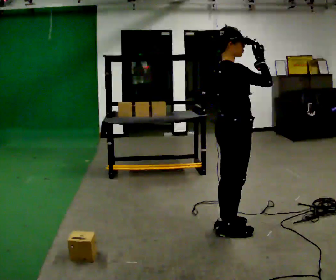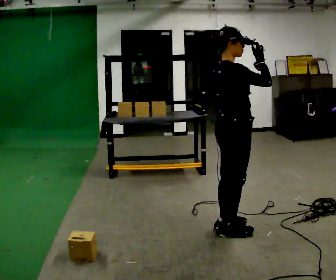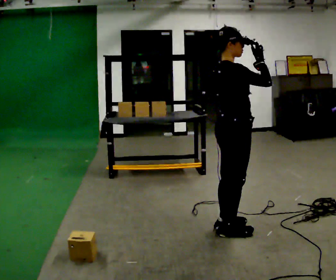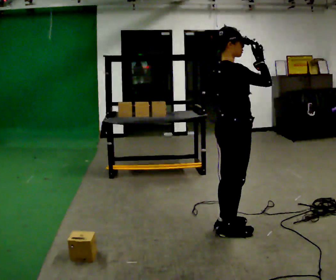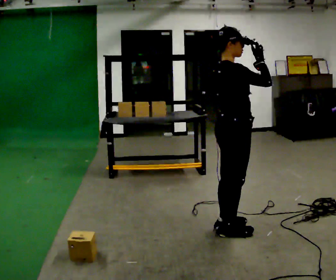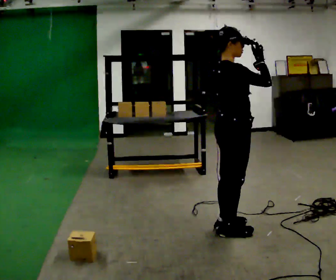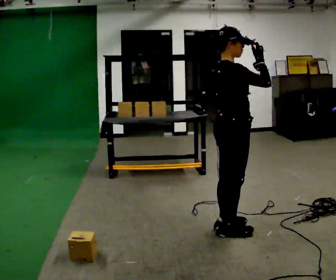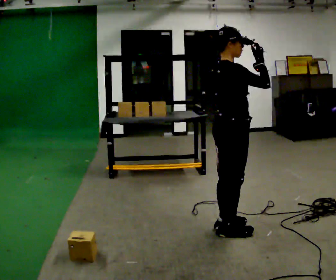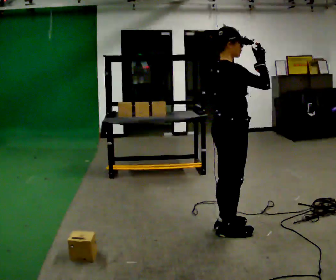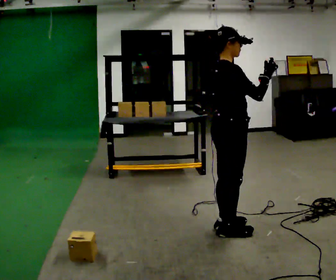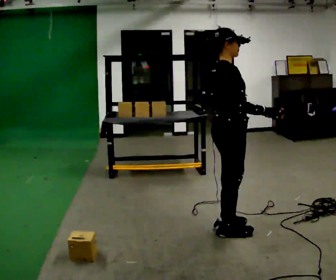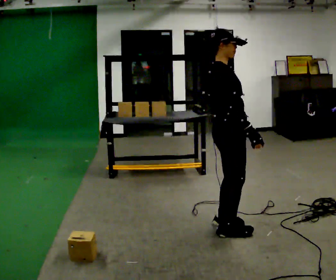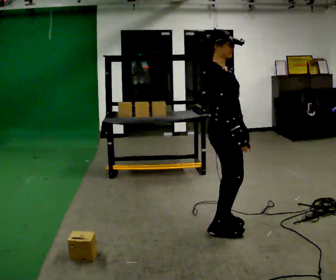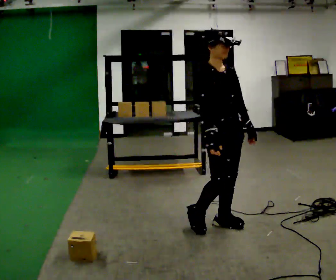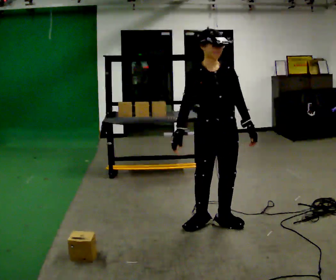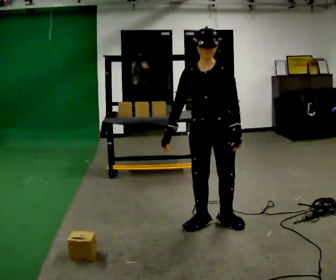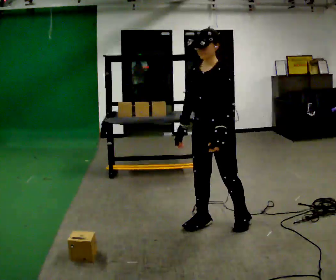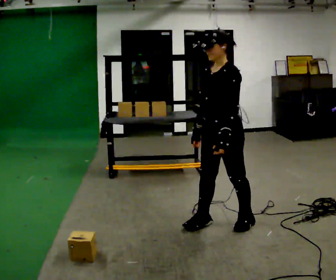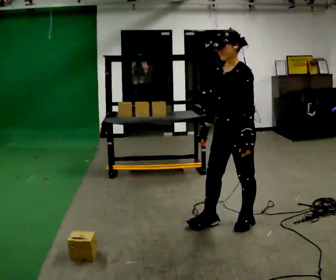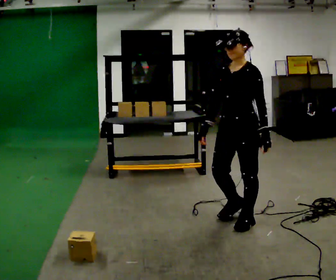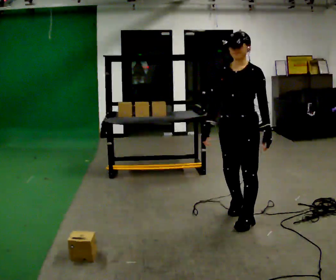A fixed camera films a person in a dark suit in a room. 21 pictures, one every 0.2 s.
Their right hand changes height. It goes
downward.
0.0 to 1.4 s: The person keeps their place and pose.
1.4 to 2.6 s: The person turns about 45 degrees to their right, clockwise seen from above, so the part of the body nearest the lens slides to the left. In the picture their right hand goes downward and to the left.
2.6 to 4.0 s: Seen from above the body turns clockwise, about 90 degrees: to their right, with its near side sliding to the left. In the picture they go away from the camera, about 0.25 m in 2 steps.
The film runs backward here.
